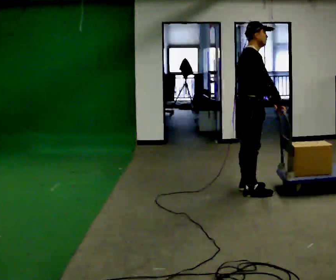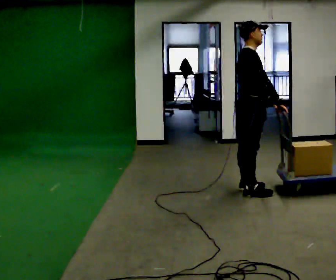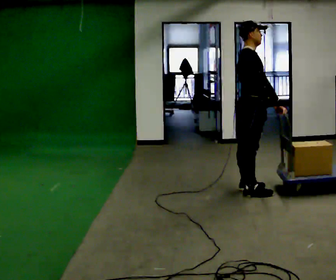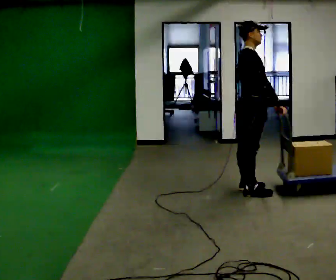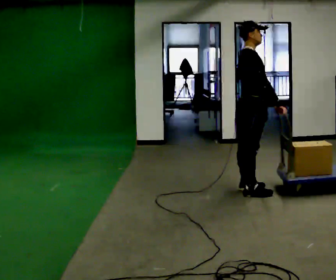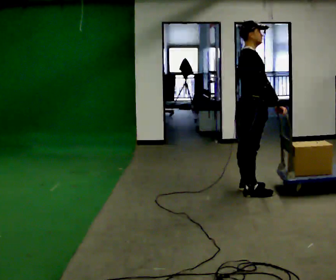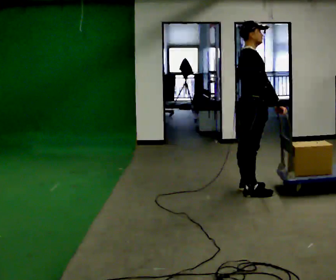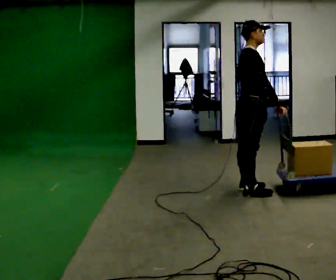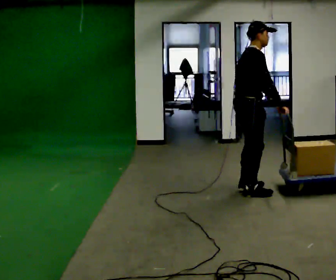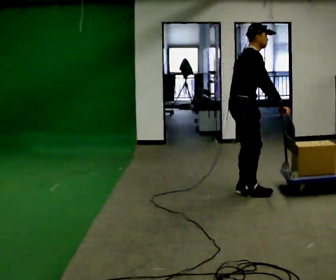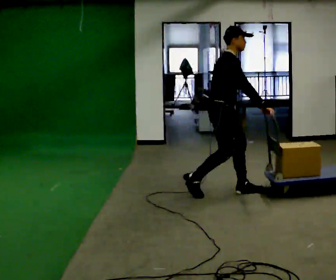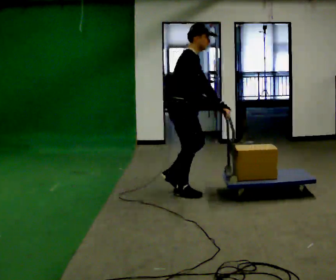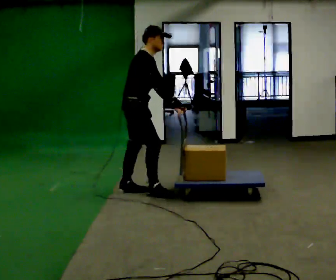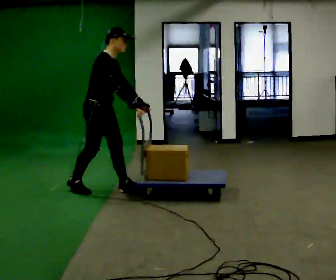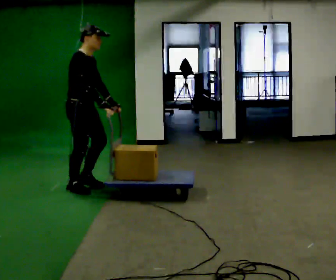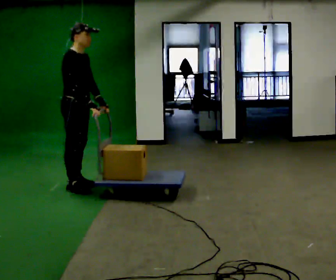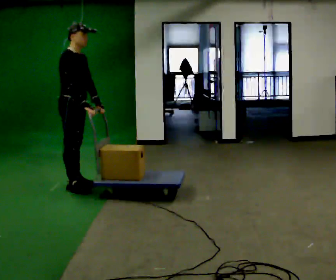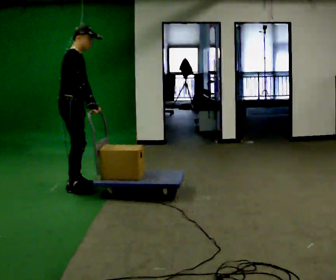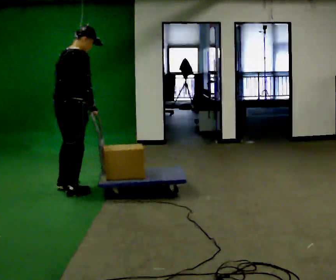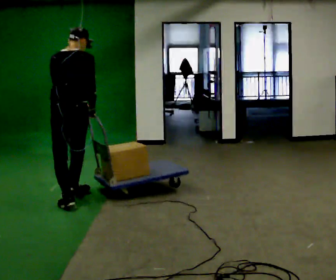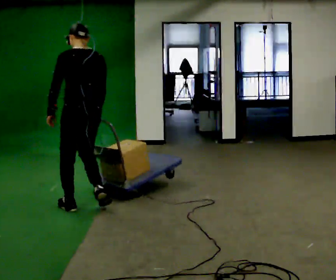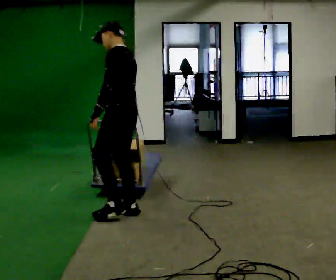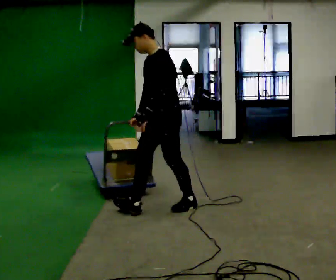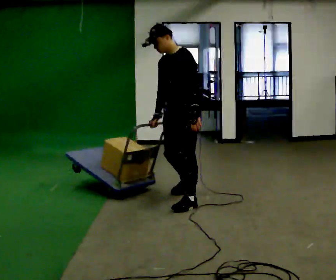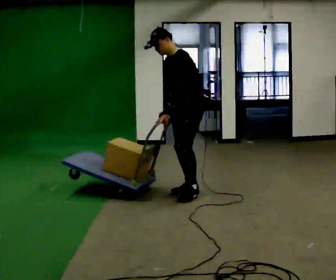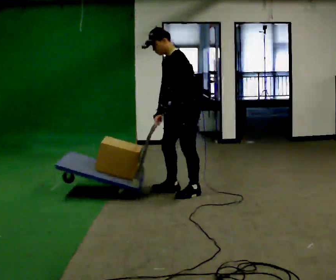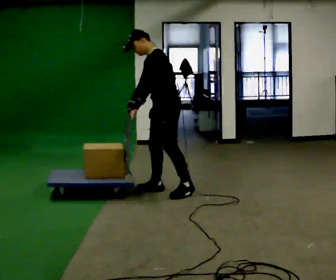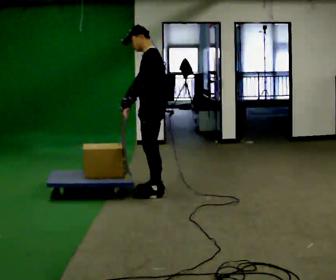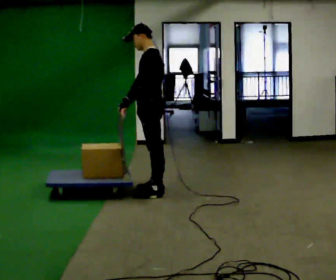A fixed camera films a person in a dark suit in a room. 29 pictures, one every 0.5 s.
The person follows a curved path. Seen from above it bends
counterclockwise.
0.0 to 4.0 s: The person moves a little, or ends about where they began.
4.0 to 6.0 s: In the picture they go to the left, about 1 m in 3 steps, which for them is backward.
6.0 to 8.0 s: In the picture they go to the left, about 0.75 m in 1 step, which for them is backward.
8.0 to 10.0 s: Seen from above the body turns counterclockwise, about 135 degrees: to their left, with its near side sliding to the right. In the picture they go toward the camera, about 1 m in 3 steps.
10.0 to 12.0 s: The part of the body nearest the lens slides to the right as the person turns to their left by about 75 degrees. In the picture they go to the right, about 1 m in 3 steps. In the picture the upper body tilts counterclockwise, shoulders to the left.
12.0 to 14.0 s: Seen from above the body turns clockwise, about 30 degrees: to their right, with its near side sliding to the left. In the picture they go to the left, about 0.25 m in 2 steps, which for them is forward and to their right. In the picture the upper body tilts clockwise, shoulders to the right.
The film runs backward here.
